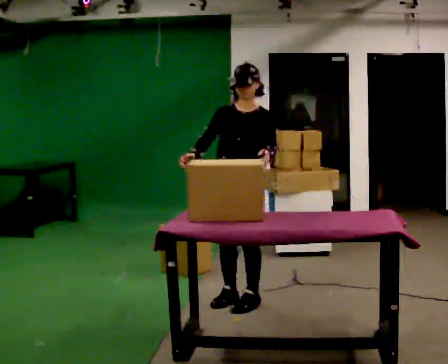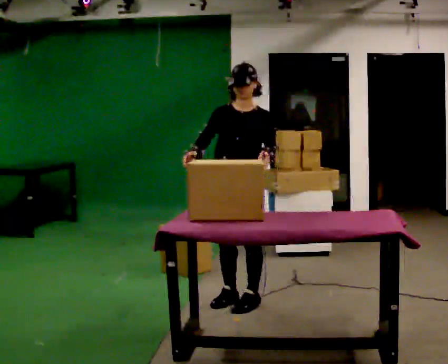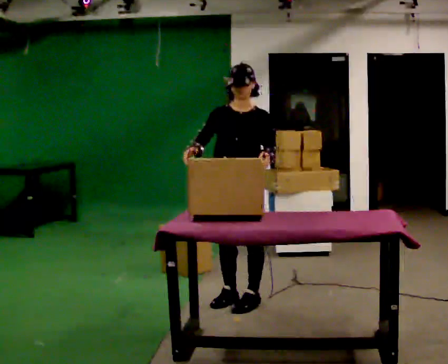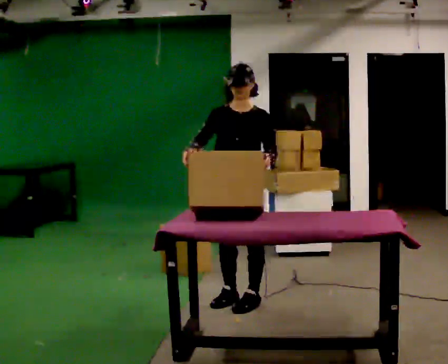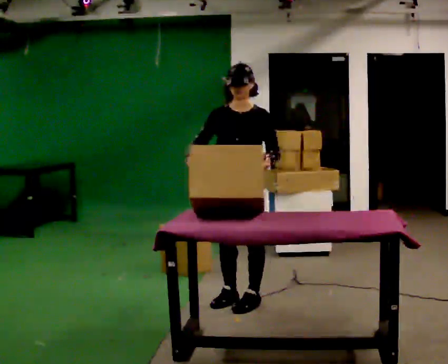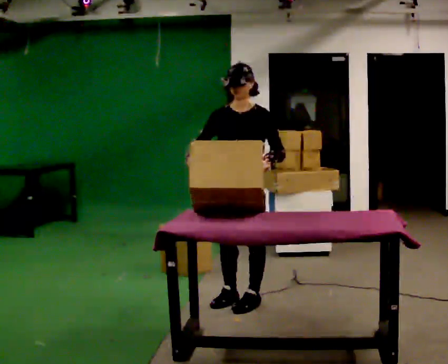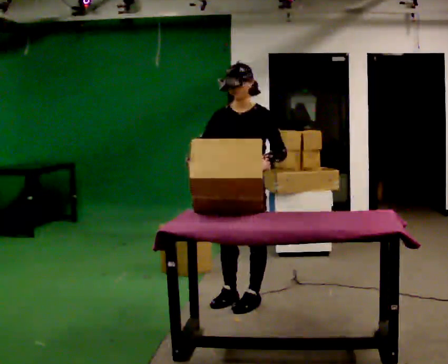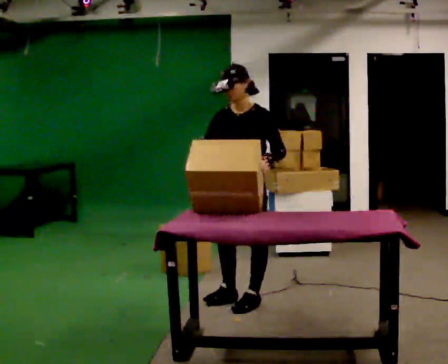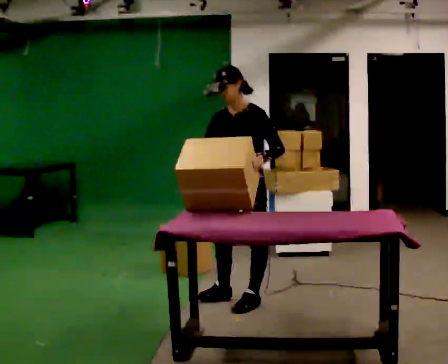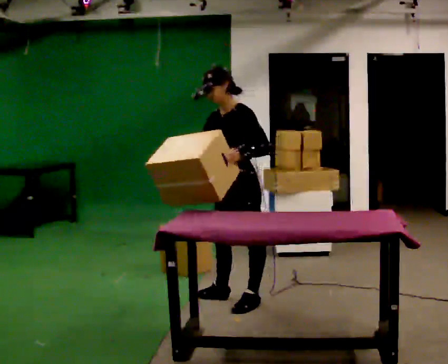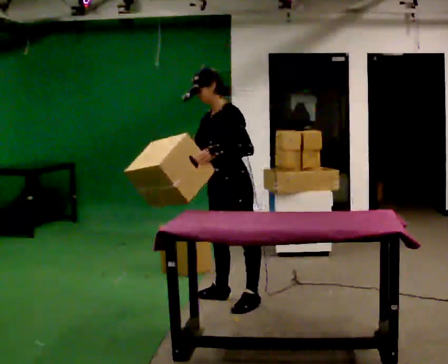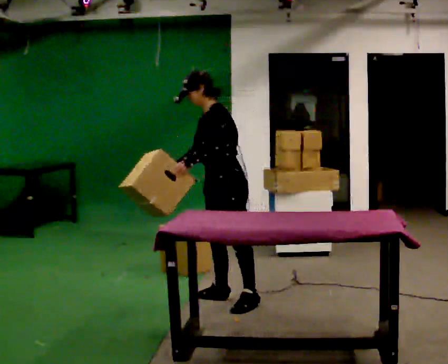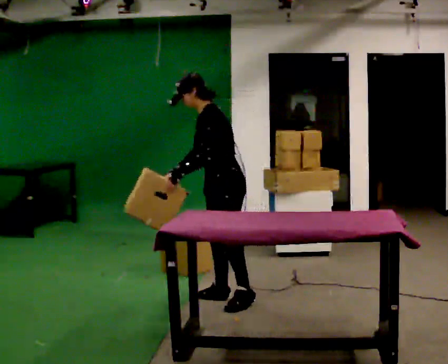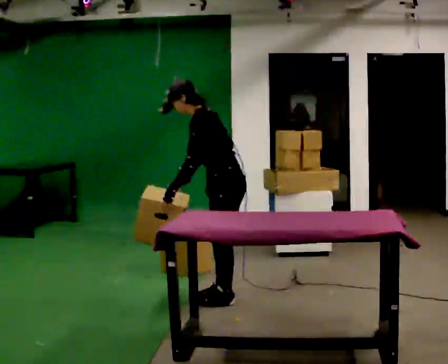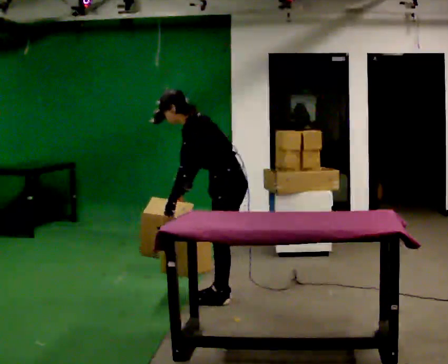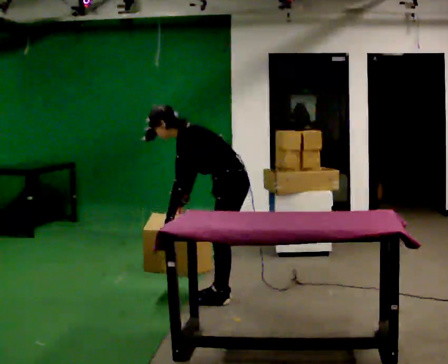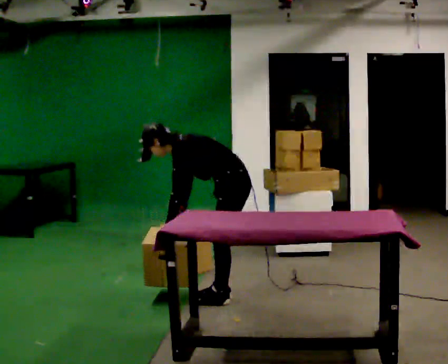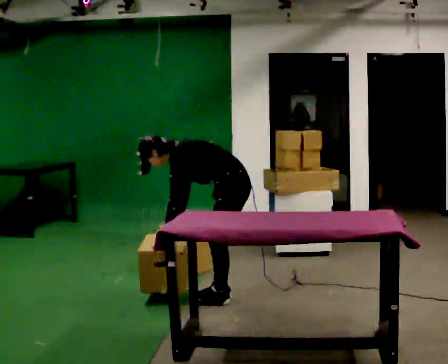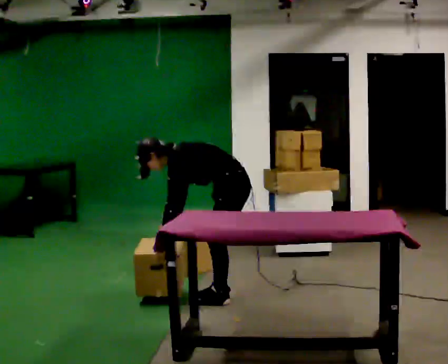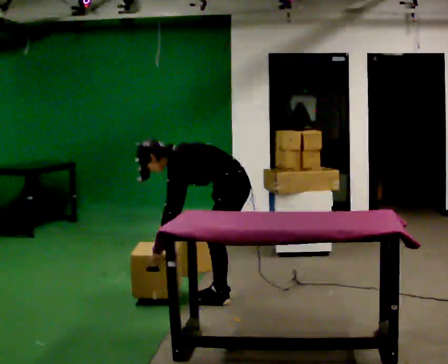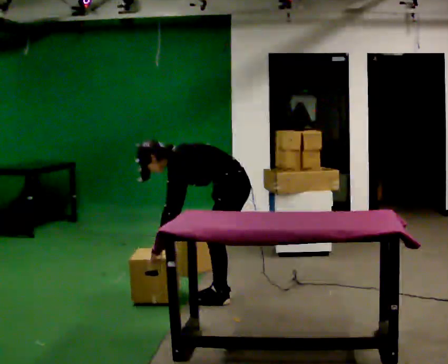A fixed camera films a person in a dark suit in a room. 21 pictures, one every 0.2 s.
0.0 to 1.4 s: The person moves a little, or ends about where they began.
1.4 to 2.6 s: The part of the body nearest the lens slides to the left as the person turns to their right by about 45 degrees. In the picture the upper body tilts counterclockwise, shoulders to the left, as they bend forward.
2.6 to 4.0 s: The upper body goes downward. In the picture the upper body tilts counterclockwise, shoulders to the left, as they bend forward. In the picture their left hand goes downward.
The film runs forward here.
